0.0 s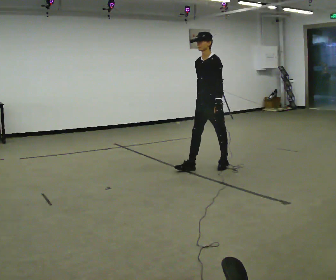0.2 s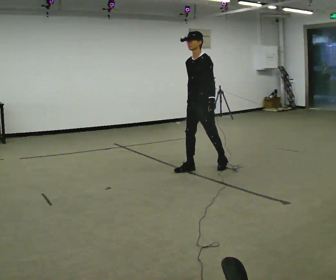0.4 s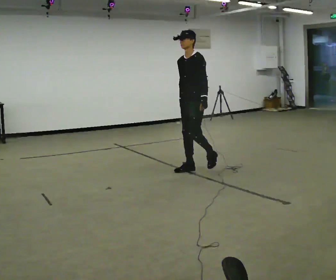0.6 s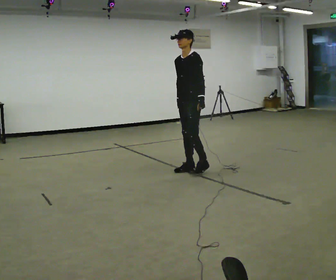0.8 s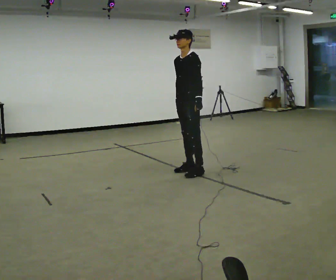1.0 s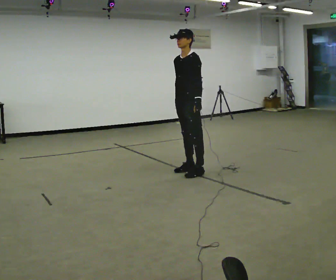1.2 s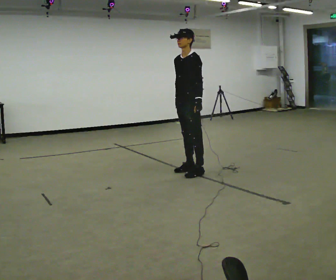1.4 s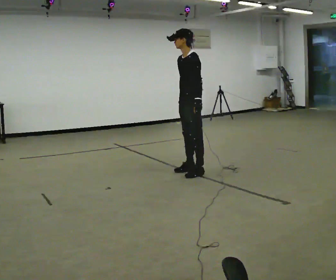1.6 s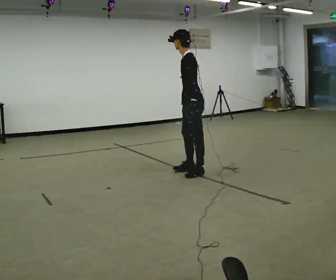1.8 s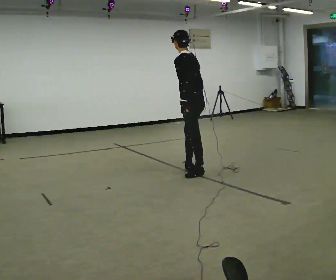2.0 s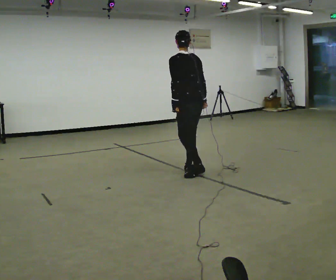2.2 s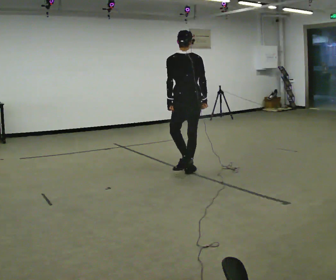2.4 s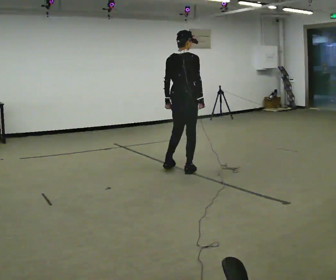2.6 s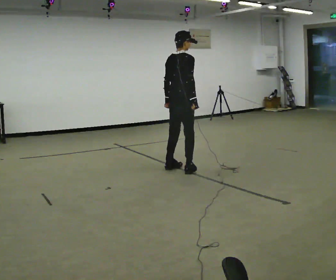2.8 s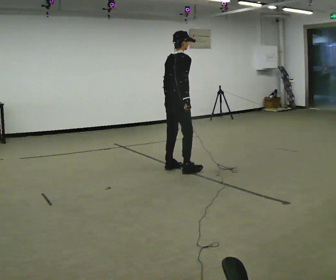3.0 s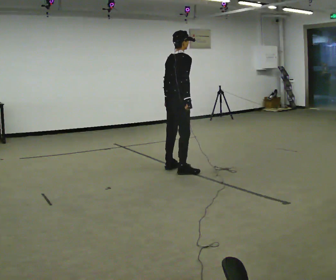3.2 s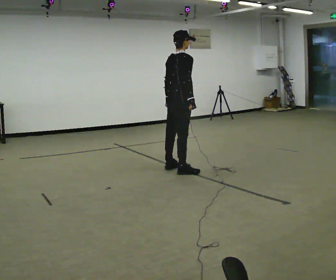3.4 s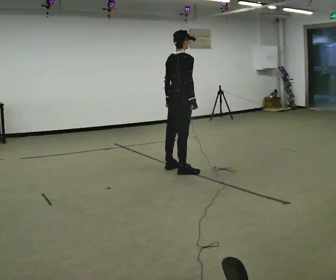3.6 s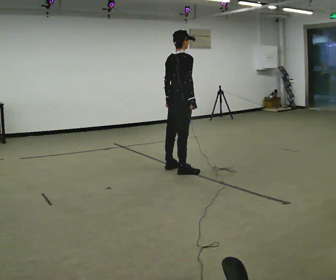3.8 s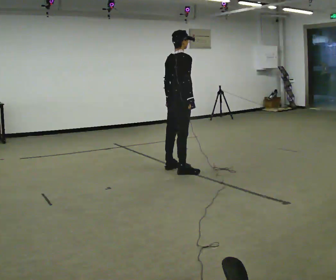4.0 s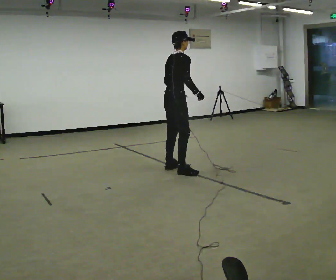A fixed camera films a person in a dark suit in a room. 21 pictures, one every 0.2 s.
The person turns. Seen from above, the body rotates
clockwise.
The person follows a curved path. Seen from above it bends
clockwise.
0.0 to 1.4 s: In the picture they go to the left and toward the camera, about 0.25 m in 1 step, which for them is forward.
1.4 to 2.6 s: The part of the body nearest the lens slides to the left as the person turns to their right by about 150 degrees. In the picture they go to the left, about 0.25 m in 2 steps.
2.6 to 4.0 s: The person moves a little, or ends about where they began.
The film runs forward here.
